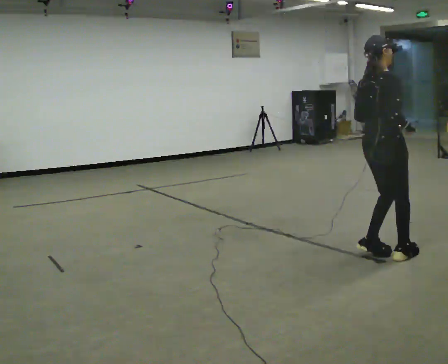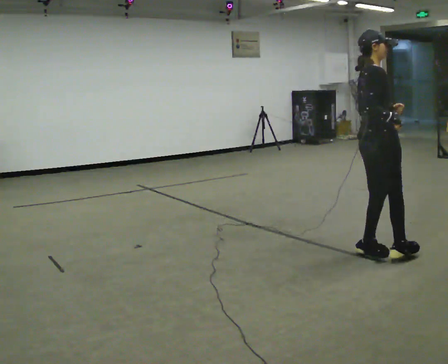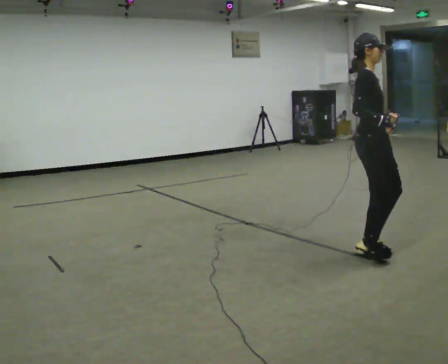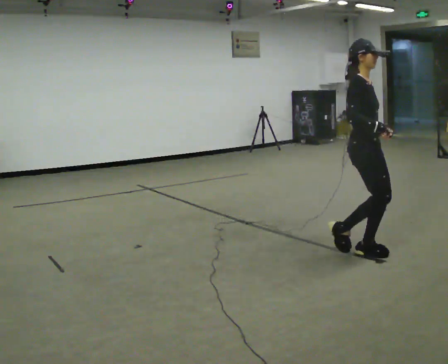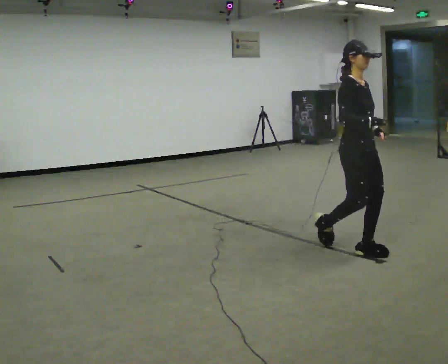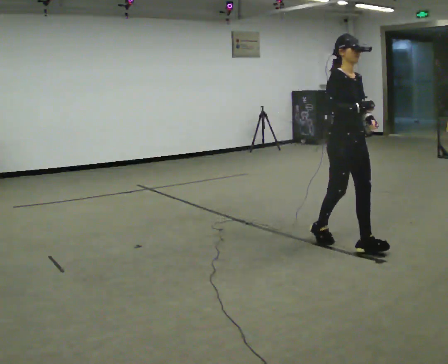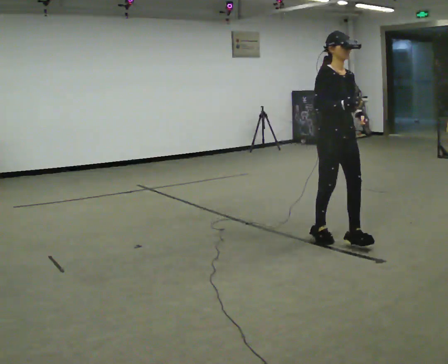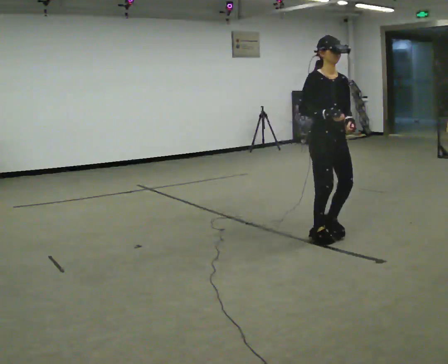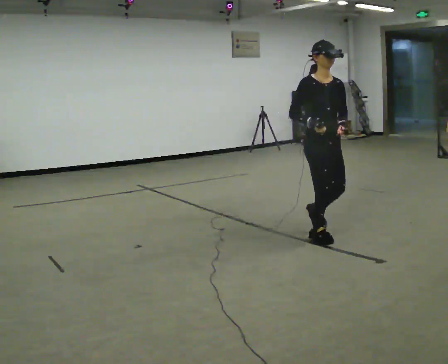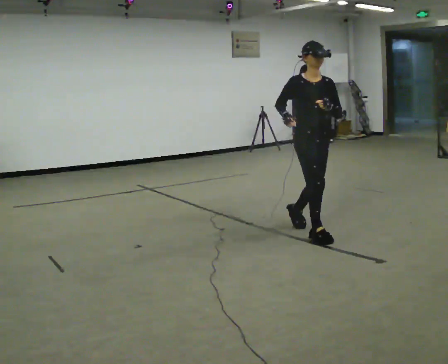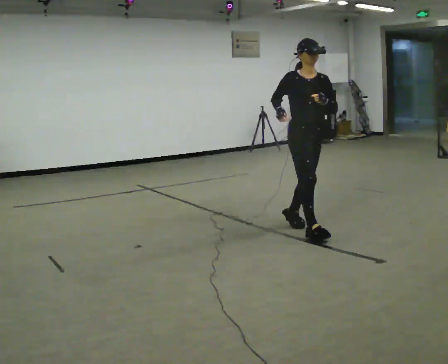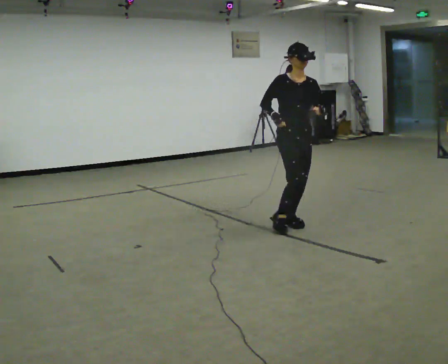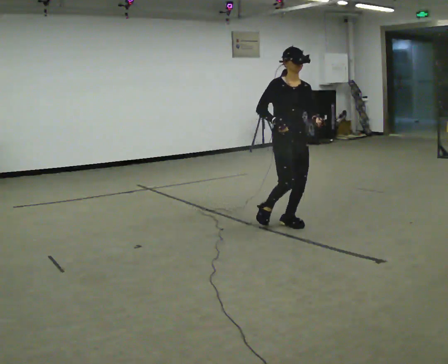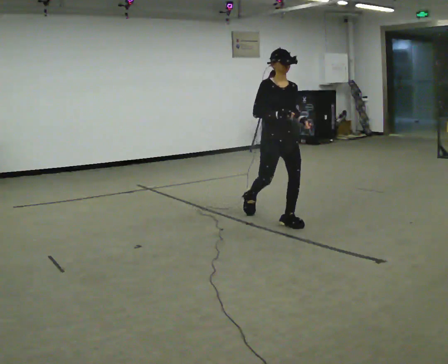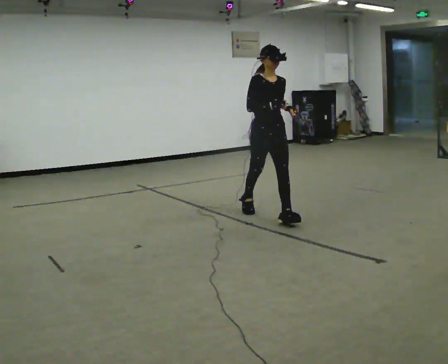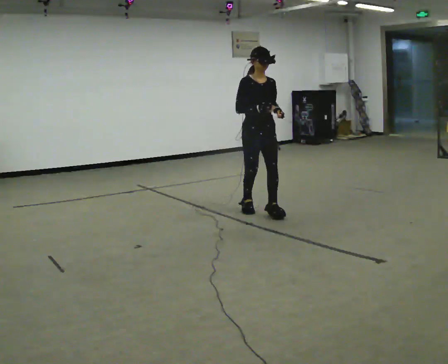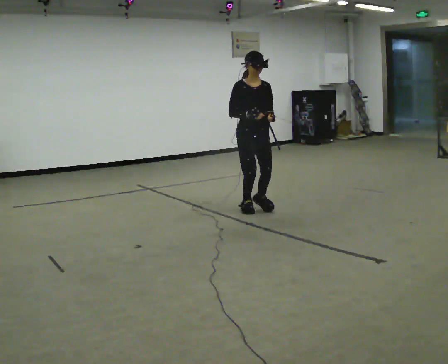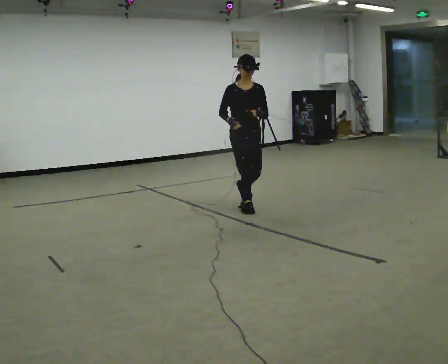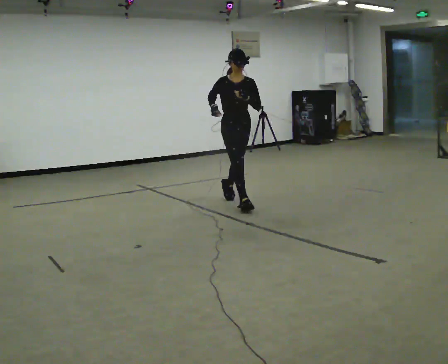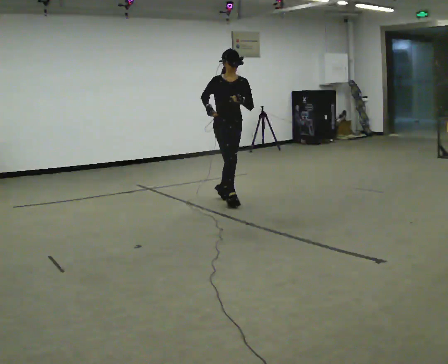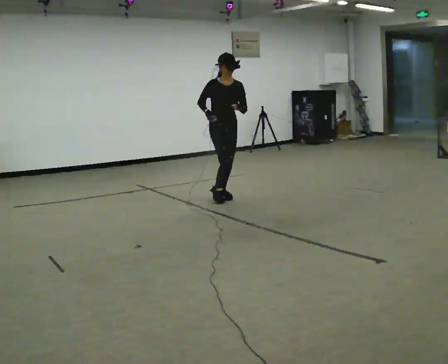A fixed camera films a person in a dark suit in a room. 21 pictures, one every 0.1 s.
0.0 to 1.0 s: Seen from above the body turns clockwise, about 105 degrees: to their right, with its near side sliding to the left. In the picture they go away from the camera and to the left, about 0.5 m in 3 steps.
1.0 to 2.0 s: In the picture they go away from the camera and to the left, about 1.5 m in 2 steps, which for them is backward.
The film runs backward here.
